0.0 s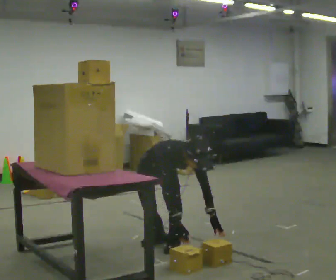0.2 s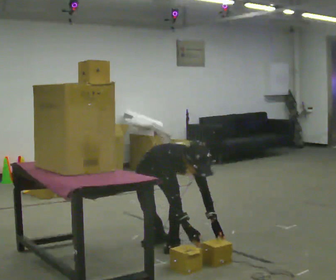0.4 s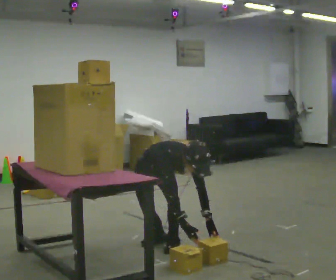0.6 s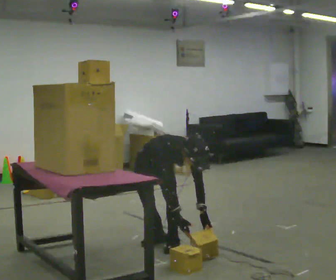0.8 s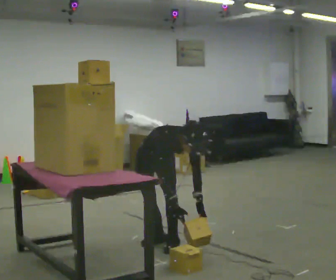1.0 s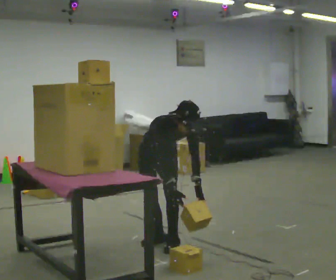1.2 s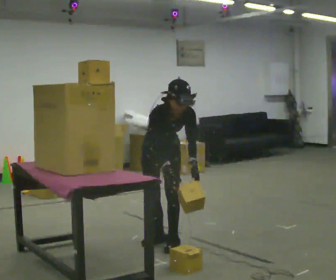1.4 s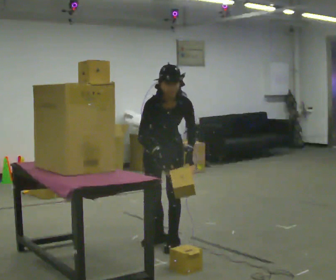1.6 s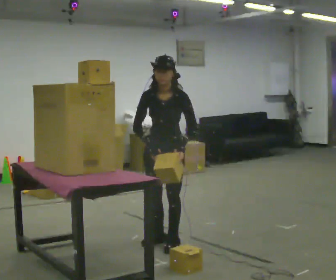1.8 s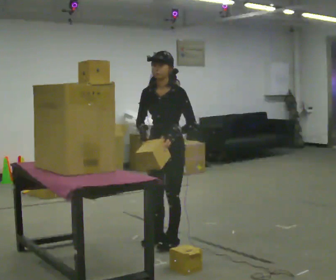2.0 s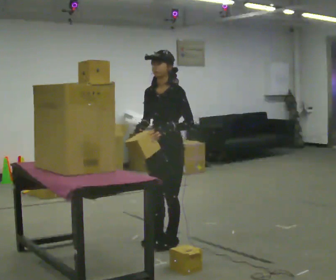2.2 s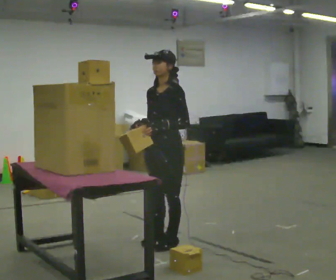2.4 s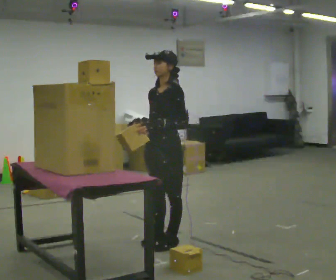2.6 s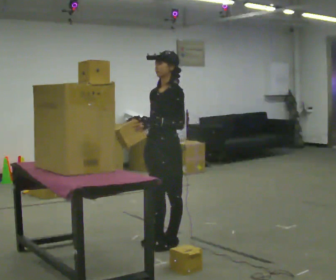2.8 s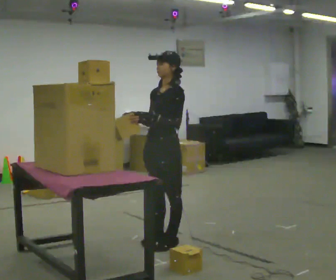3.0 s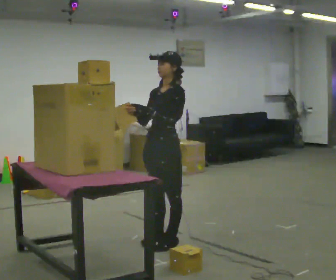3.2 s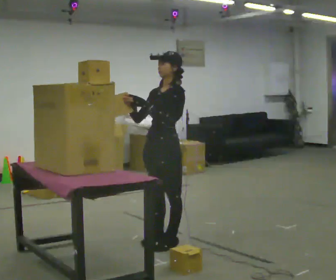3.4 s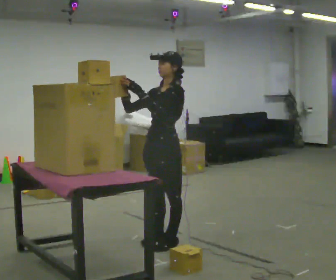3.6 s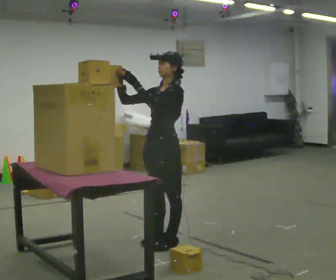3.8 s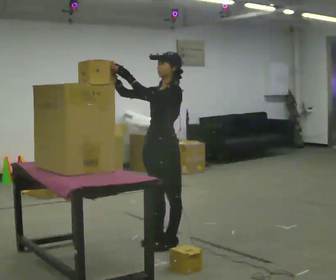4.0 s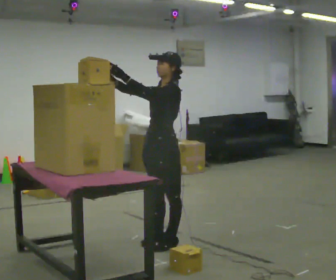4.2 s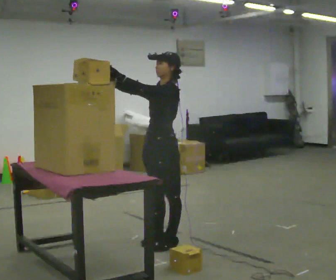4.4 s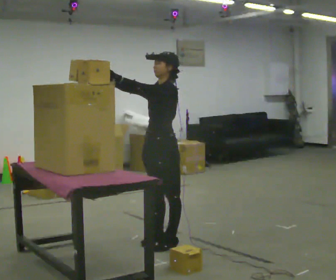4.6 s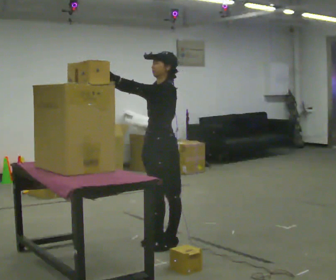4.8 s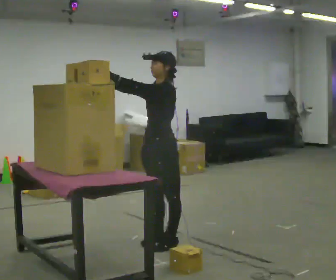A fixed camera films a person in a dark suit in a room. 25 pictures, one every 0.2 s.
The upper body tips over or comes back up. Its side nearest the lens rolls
upward.
The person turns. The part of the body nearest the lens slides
to the left.
0.0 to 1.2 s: The upper body goes upward. In the picture the upper body tilts counterclockwise, shoulders to the left, as they lean back or straighten. In the picture their left hand goes upward.
1.2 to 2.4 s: The person turns about 60 degrees to their right, clockwise seen from above, so the part of the body nearest the lens slides to the left. The shoulders move upward. The upper body tips away from the camera, its near side rolling upward, as they lean back or straighten. In the picture their left hand goes upward and to the left.
2.4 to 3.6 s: In the picture their right hand goes upward, the arm swinging clockwise.
3.6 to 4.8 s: The person moves a little, or ends about where they began.
The film runs forward here.
